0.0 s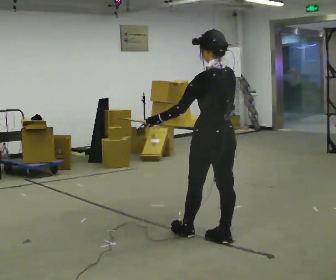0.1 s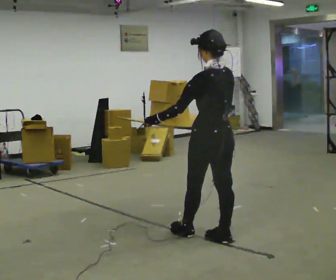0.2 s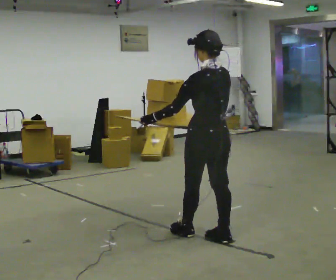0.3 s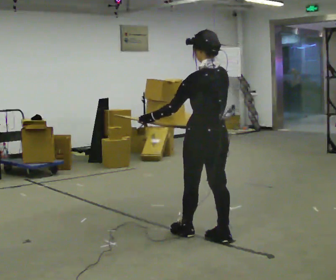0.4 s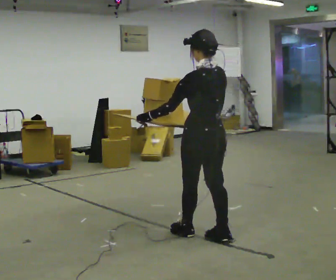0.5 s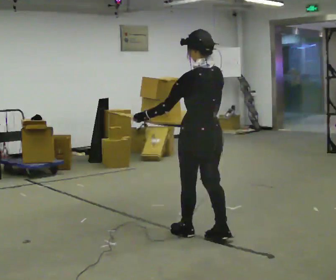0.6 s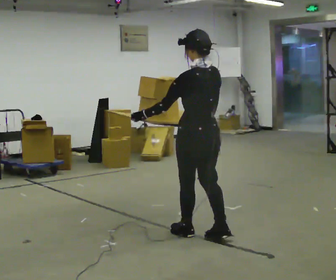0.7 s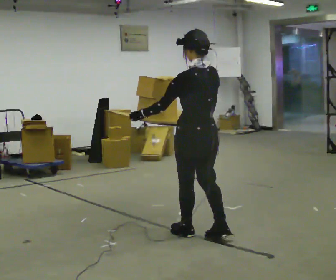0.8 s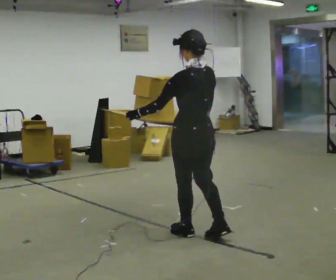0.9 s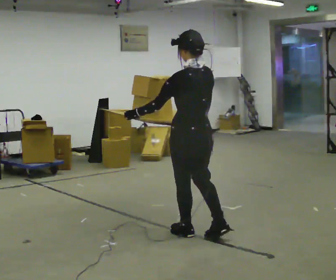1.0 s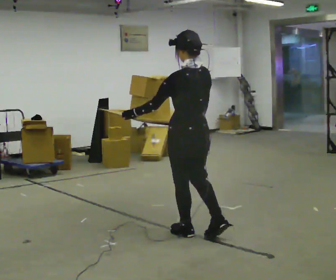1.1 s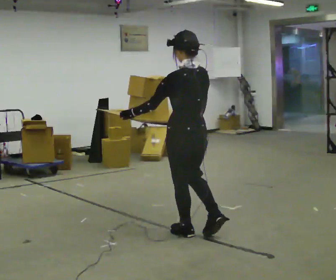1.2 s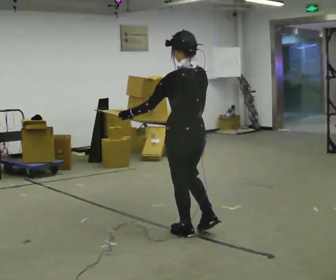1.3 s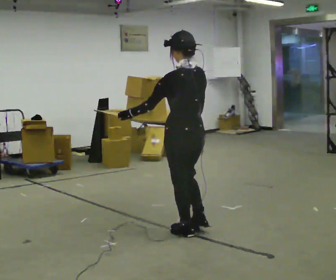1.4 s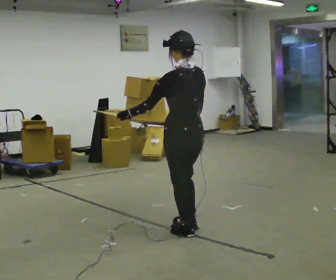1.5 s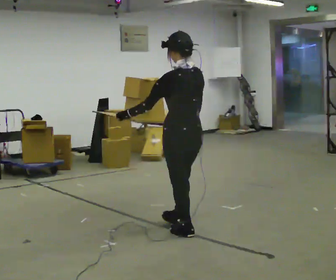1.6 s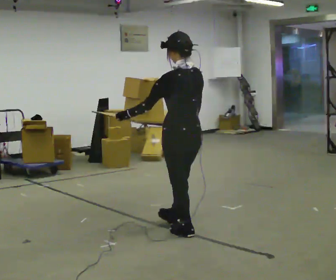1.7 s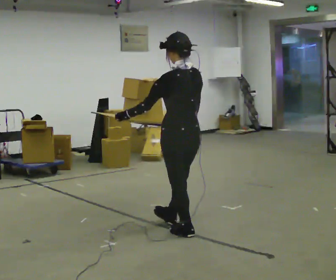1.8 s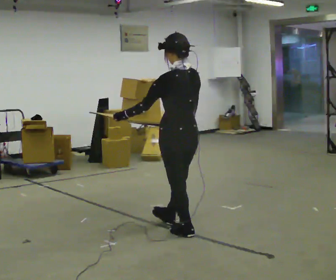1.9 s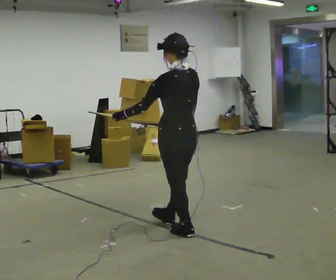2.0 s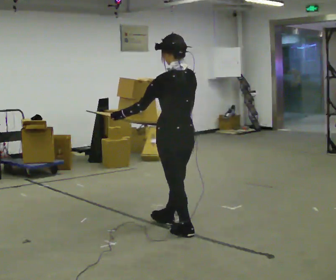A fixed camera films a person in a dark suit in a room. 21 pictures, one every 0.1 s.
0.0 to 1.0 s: In the picture they go to the left, about 0.25 m, which for them is forward.
1.0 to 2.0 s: In the picture they go away from the camera, about 0.25 m in 1 step, which for them is forward.
The film runs forward here.
